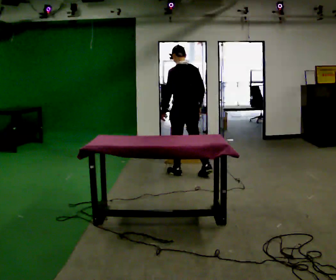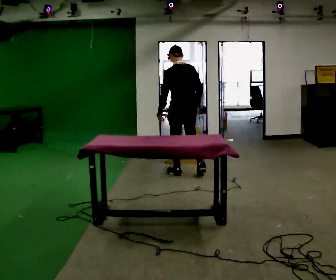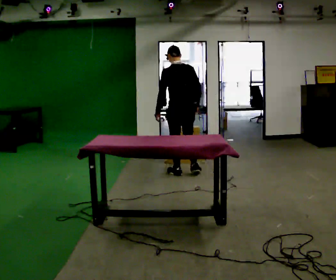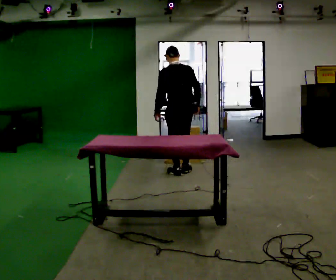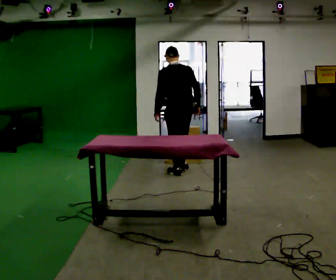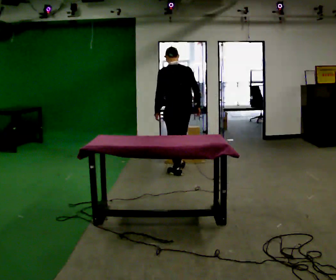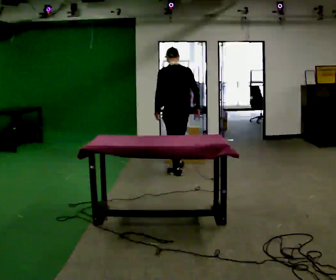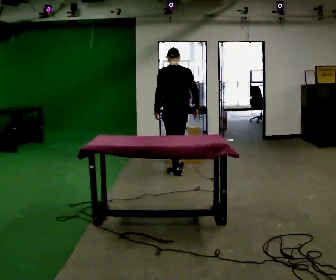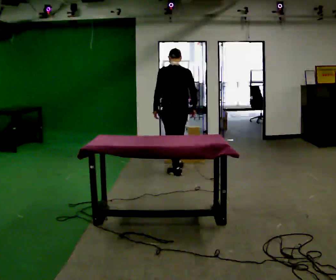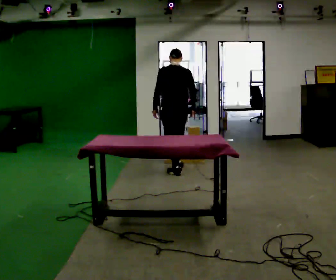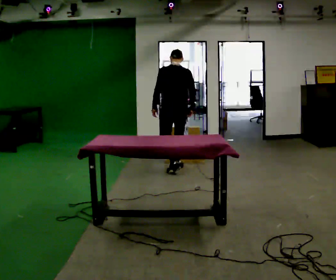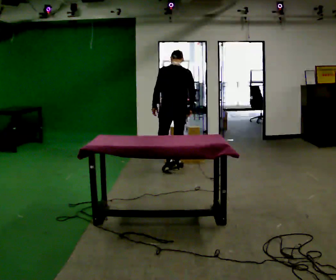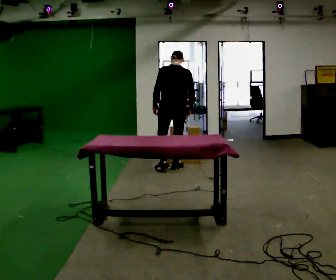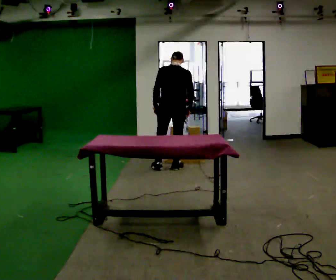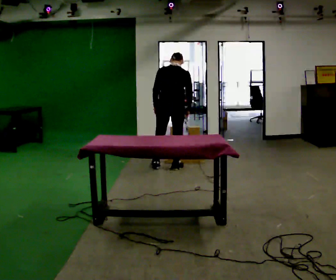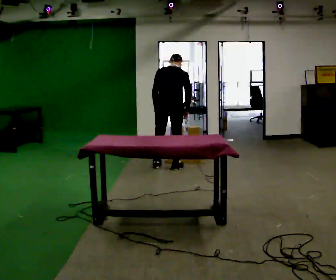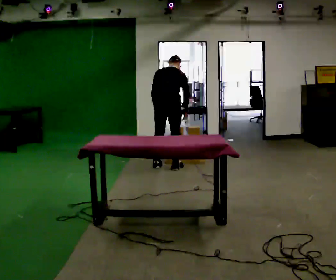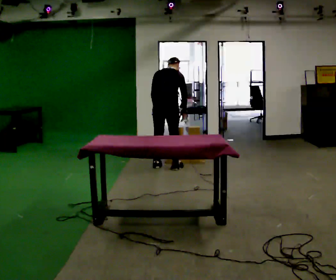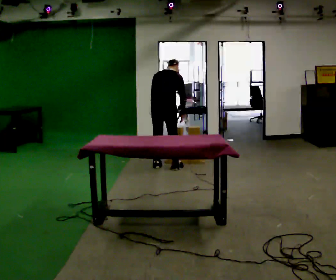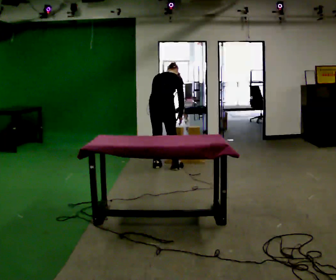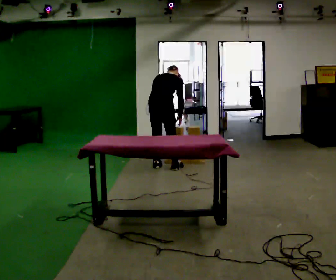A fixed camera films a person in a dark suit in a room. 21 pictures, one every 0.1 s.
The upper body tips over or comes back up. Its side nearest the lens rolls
upward.
0.0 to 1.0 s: In the picture they go away from the camera, about 0.25 m in 1 step, which for them is forward.
1.0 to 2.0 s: The person turns about 45 degrees to their right, clockwise seen from above, so the part of the body nearest the lens slides to the left. In the picture they go to the left, about 0.25 m in 1 step, which for them is to their left. The upper body tips away from the camera, its near side rolling upward, as they bend forward.
The film runs forward here.
